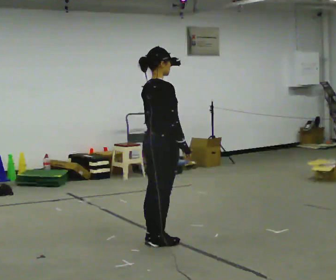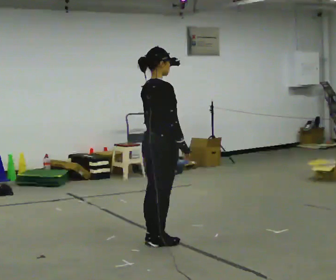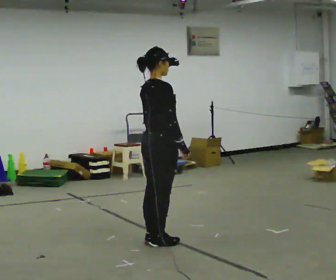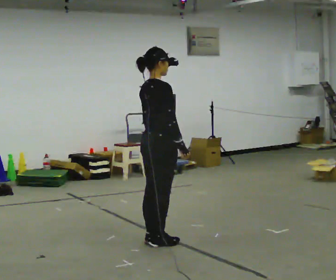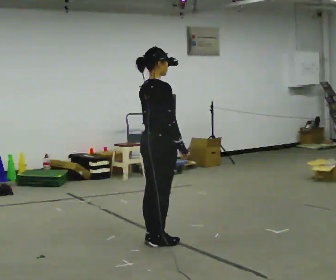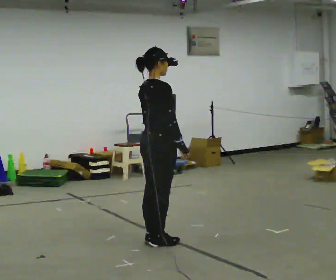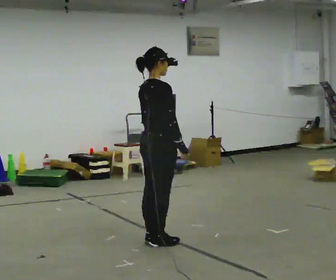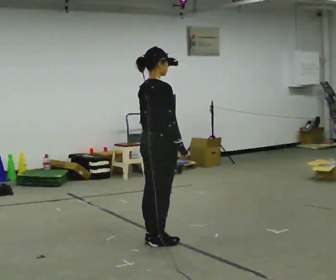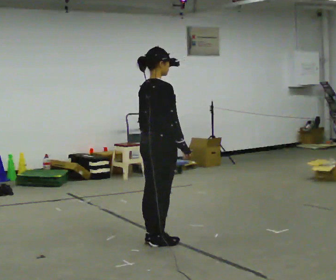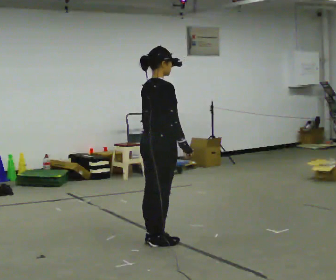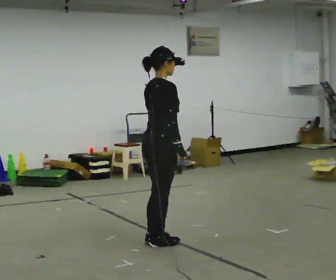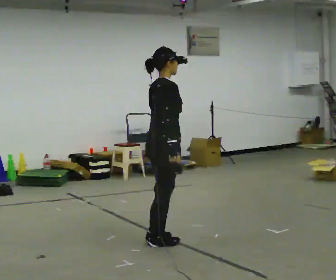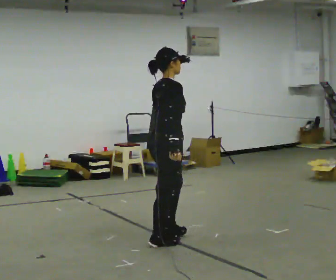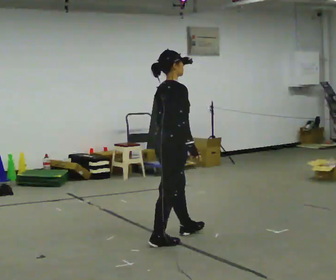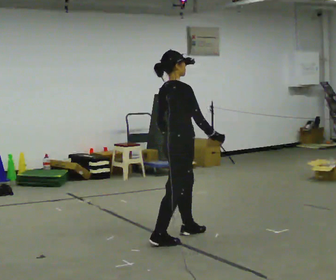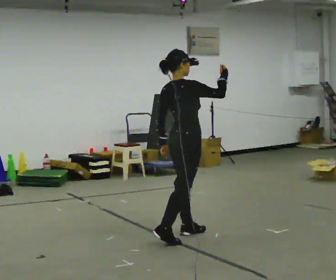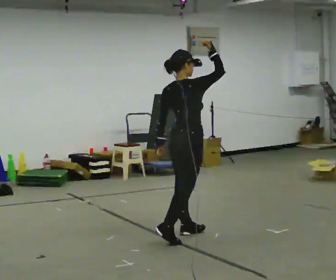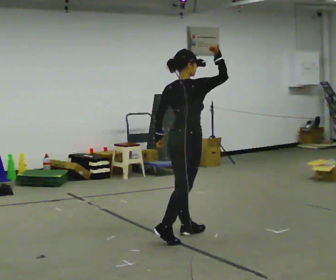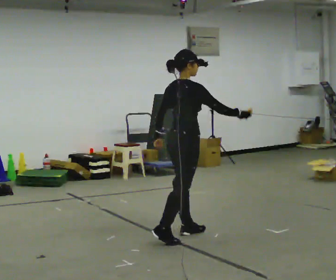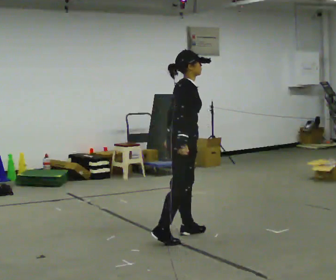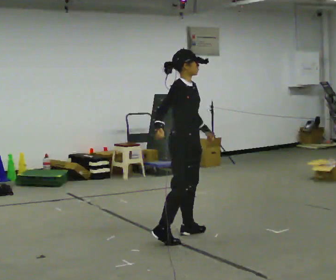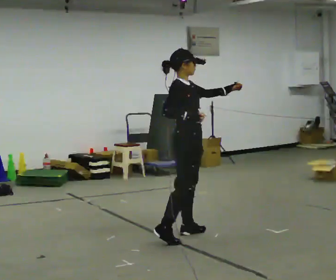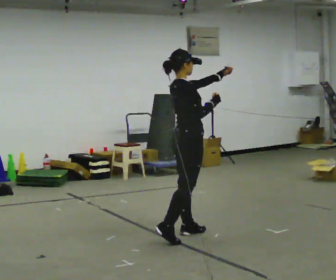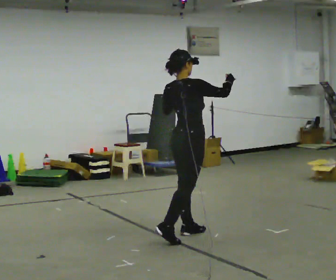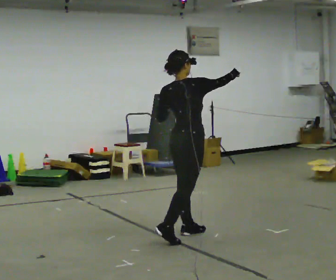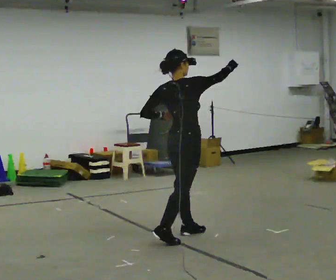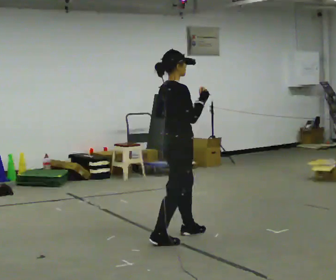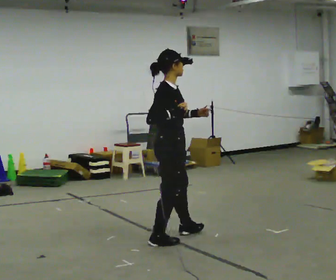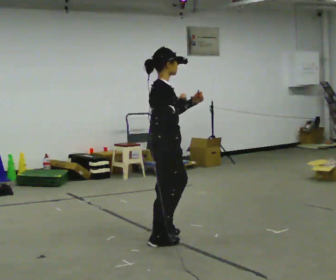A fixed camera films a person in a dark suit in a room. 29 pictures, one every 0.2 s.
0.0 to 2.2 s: The person moves a little, or ends about where they began.
2.2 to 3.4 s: In the picture they go away from the camera and to the right, about 0.25 m in 1 step, which for them is forward and to their left. In the picture their right hand goes upward, the arm swinging counterclockwise.
3.4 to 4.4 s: The person turns about 30 degrees to their right, clockwise seen from above, so the part of the body nearest the lens slides to the left. In the picture their left hand goes to the right and upward, the arm swinging counterclockwise.
4.4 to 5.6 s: In the picture they go toward the camera and to the left, about 0.25 m in 1 step, which for them is backward.
The film runs backward here.
